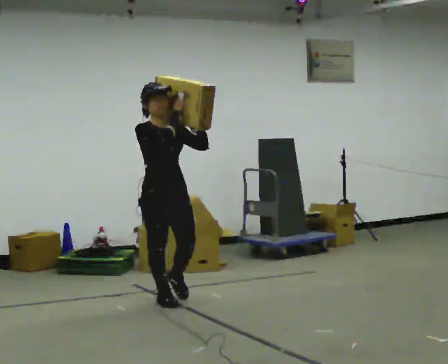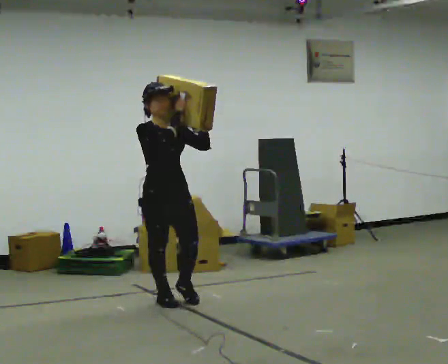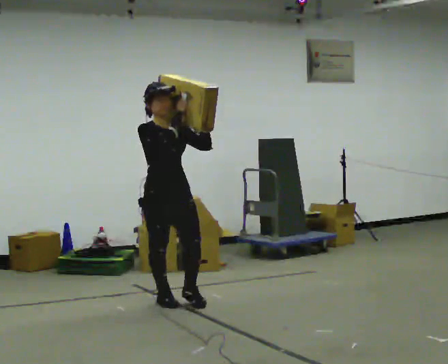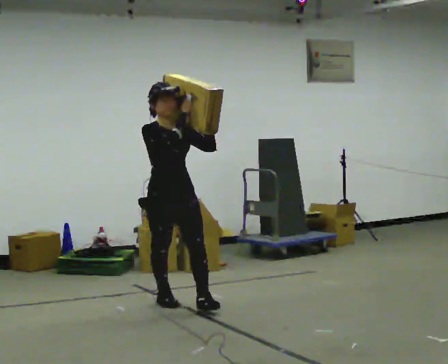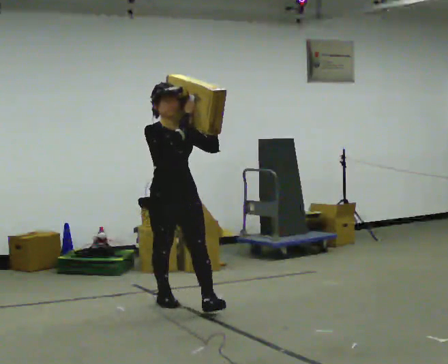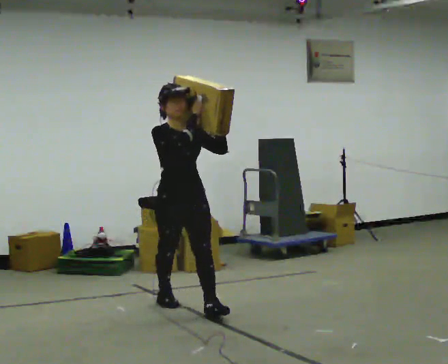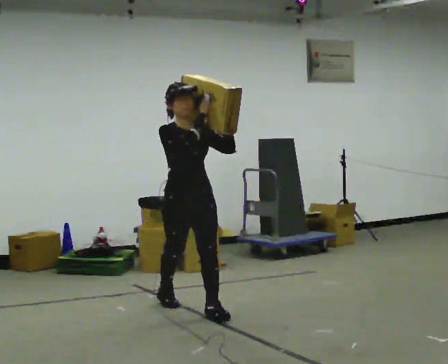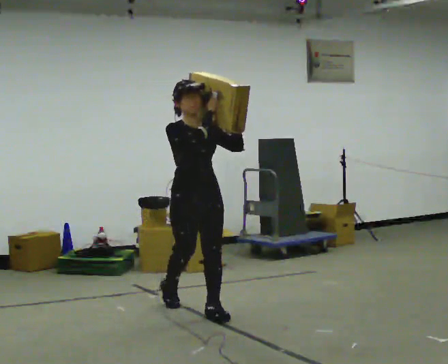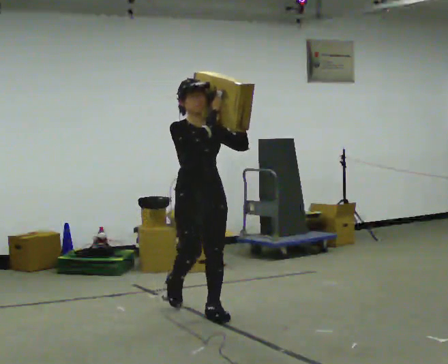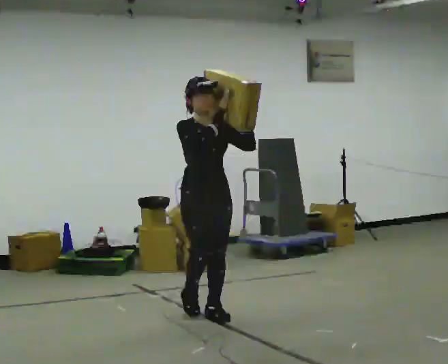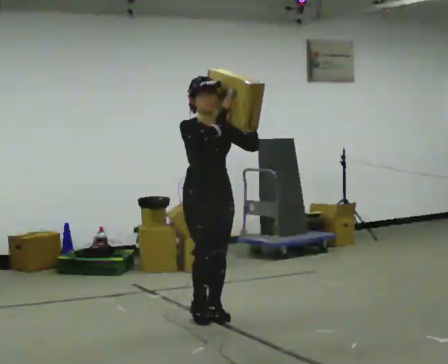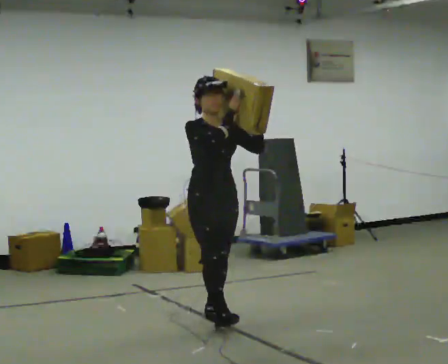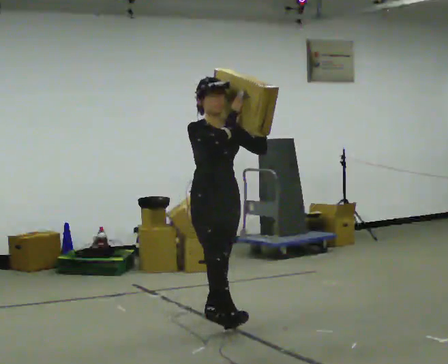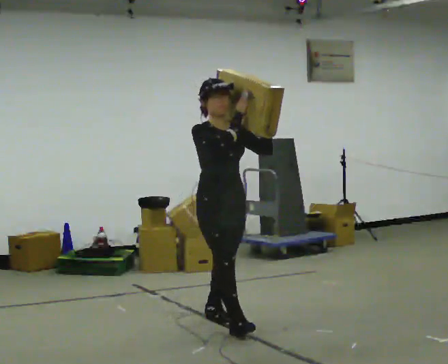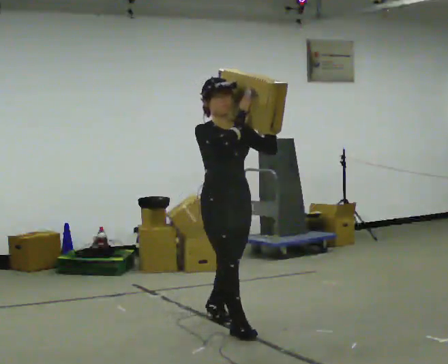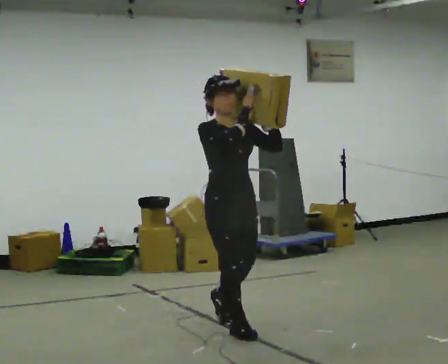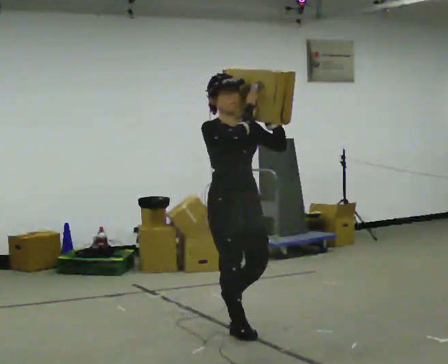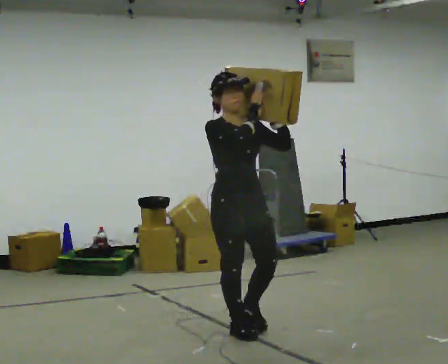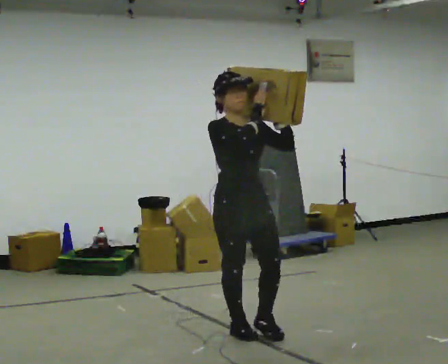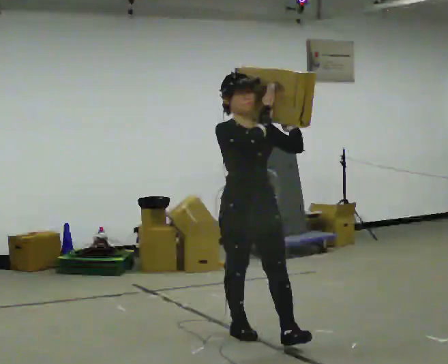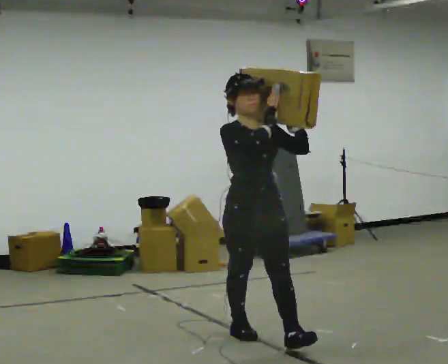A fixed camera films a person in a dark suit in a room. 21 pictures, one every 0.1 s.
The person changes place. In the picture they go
toward the camera.
0.0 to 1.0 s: In the picture they go toward the camera and to the right, about 0.5 m in 1 step, which for them is forward.
1.0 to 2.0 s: In the picture they go toward the camera and to the right, about 0.75 m in 1 step, which for them is forward.
The film runs forward here.
